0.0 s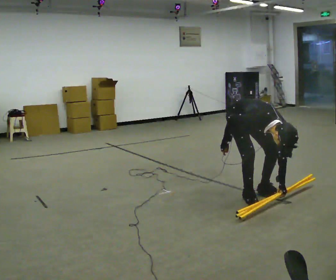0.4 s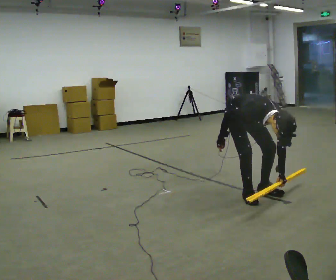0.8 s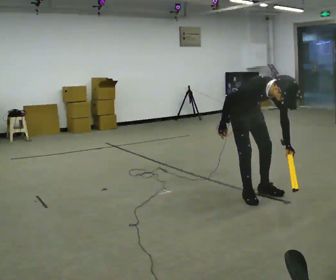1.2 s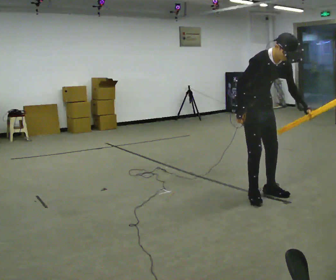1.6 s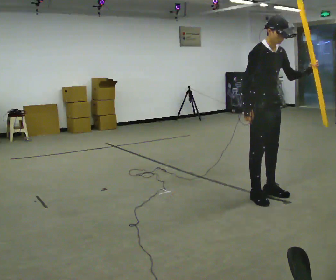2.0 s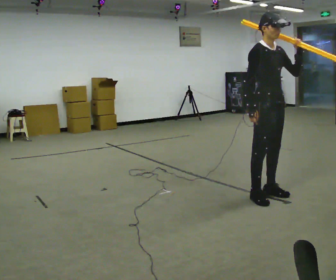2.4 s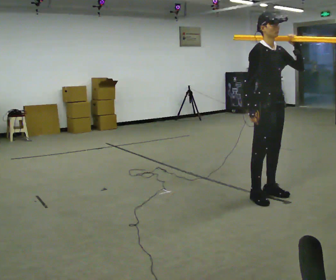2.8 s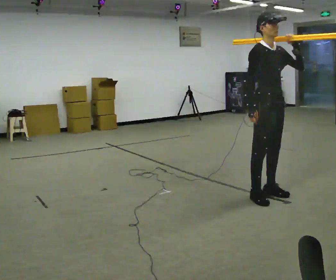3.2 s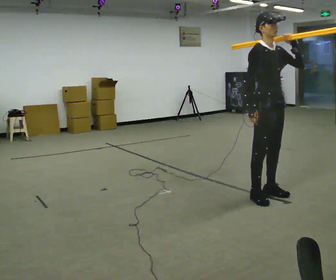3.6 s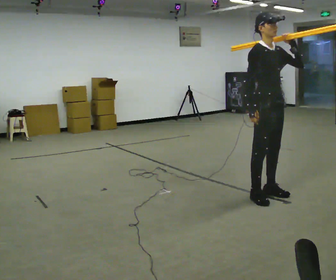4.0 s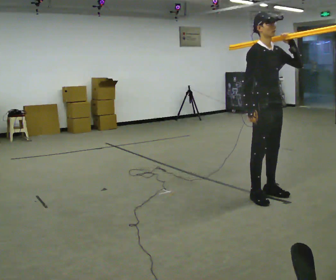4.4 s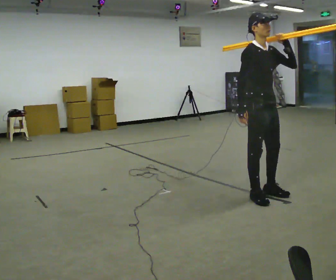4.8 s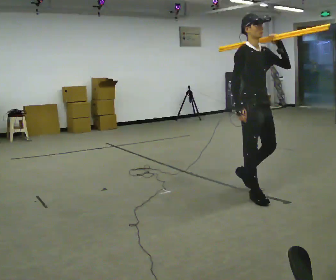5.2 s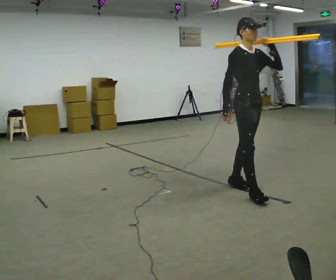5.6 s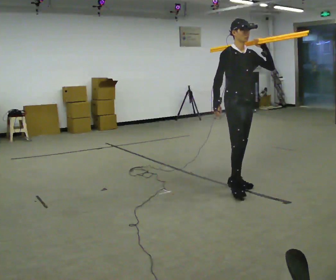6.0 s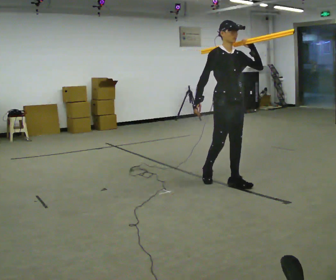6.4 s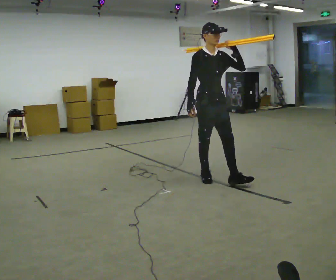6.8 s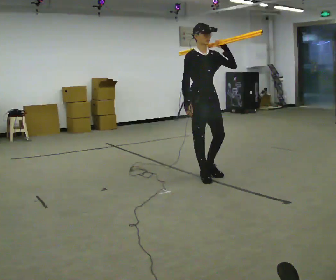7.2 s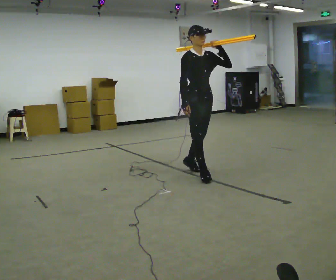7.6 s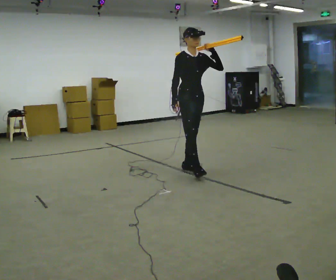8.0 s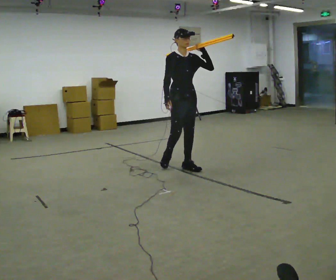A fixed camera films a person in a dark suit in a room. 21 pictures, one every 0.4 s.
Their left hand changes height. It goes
upward.
The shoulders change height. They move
upward.
0.0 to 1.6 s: In the picture they go to the right, about 0.25 m, which for them is forward. The upper body goes upward. The upper body tips away from the camera, its near side rolling upward, as they lean back or straighten. In the picture their right hand goes upward.
1.6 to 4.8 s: The person moves a little, or ends about where they began.
4.8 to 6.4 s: In the picture they go away from the camera and to the left, about 0.75 m in 1 step, which for them is backward.
6.4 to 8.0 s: In the picture they go away from the camera and to the left, about 0.75 m in 2 steps, which for them is backward.
The film runs backward here.
